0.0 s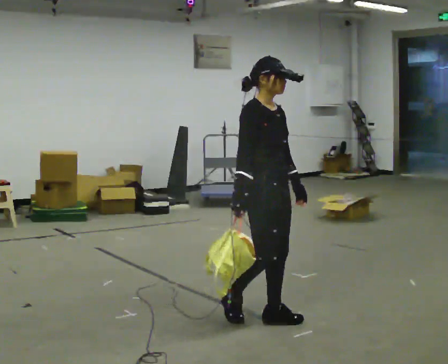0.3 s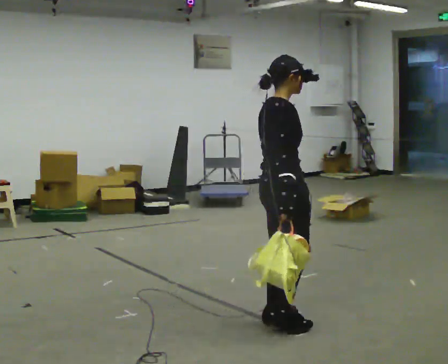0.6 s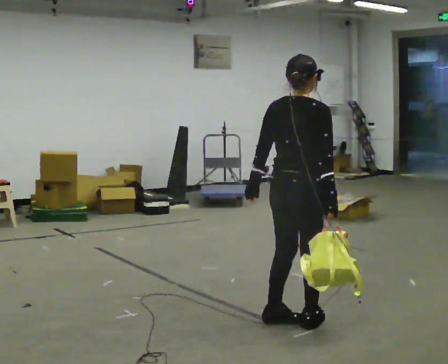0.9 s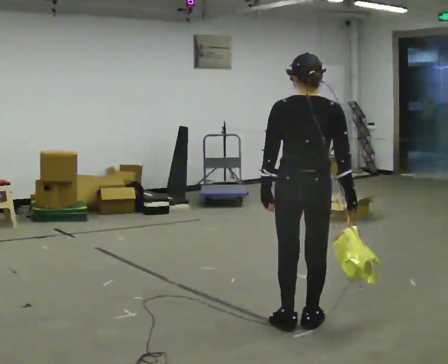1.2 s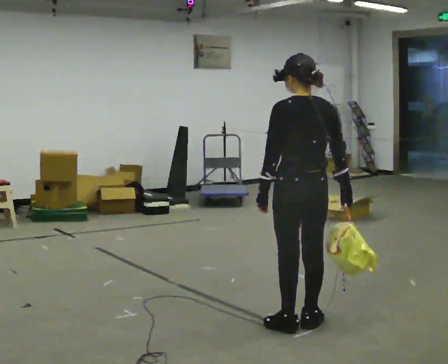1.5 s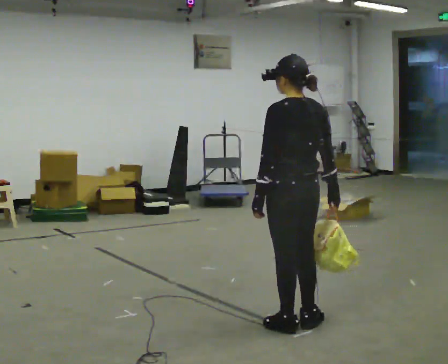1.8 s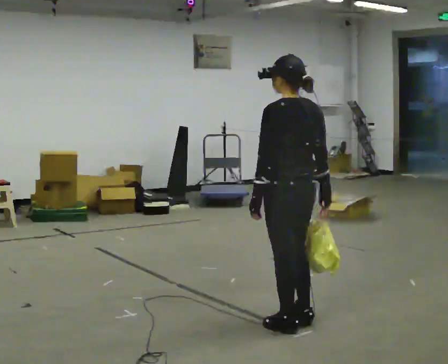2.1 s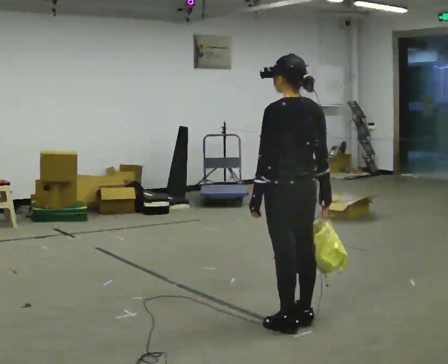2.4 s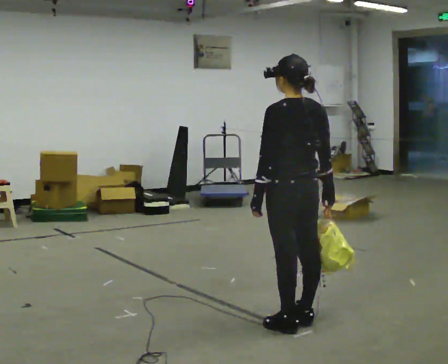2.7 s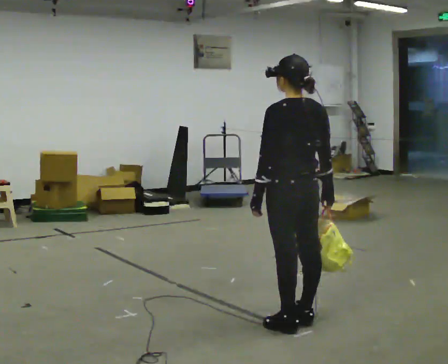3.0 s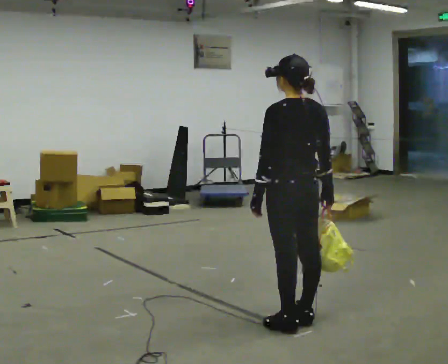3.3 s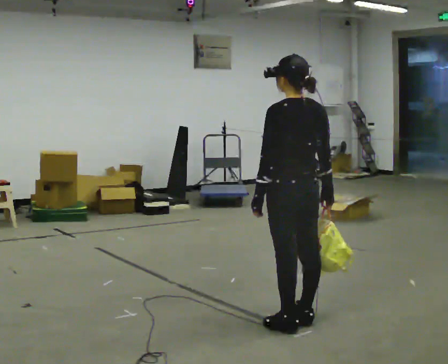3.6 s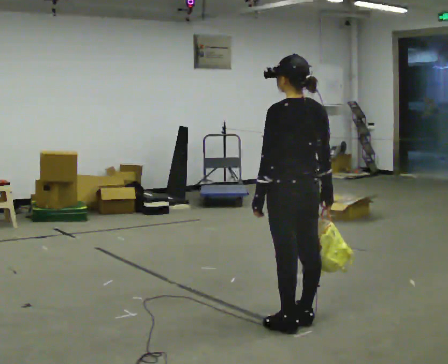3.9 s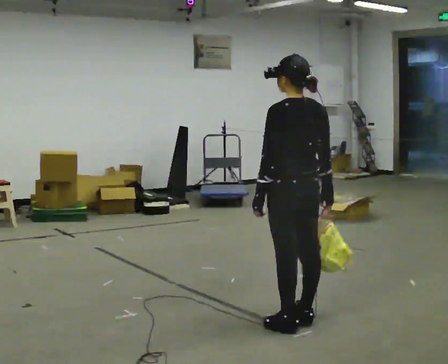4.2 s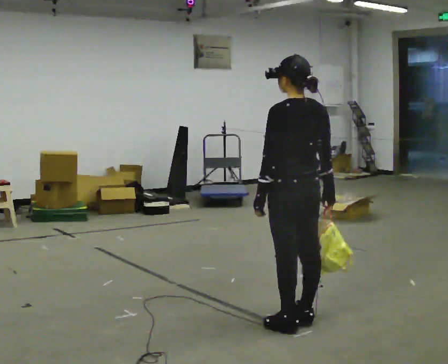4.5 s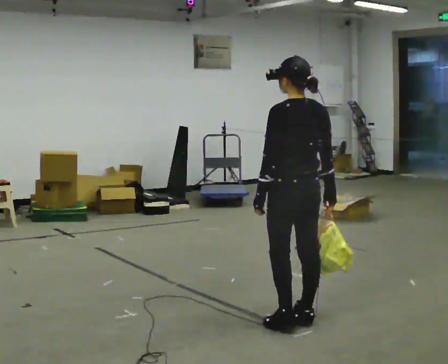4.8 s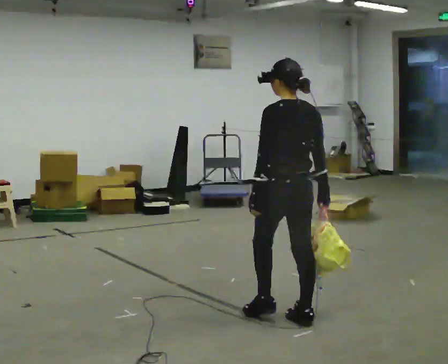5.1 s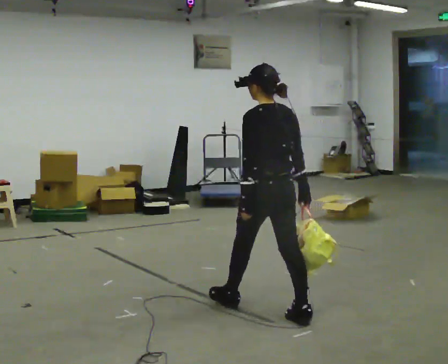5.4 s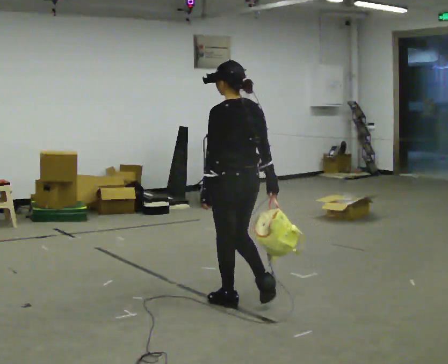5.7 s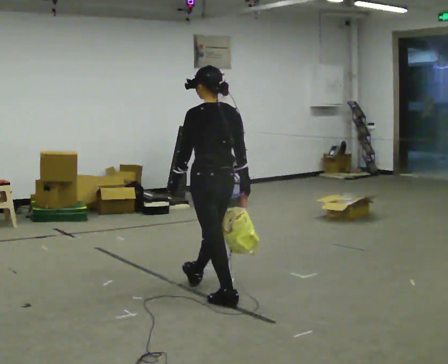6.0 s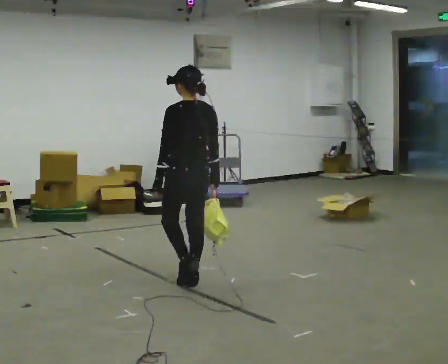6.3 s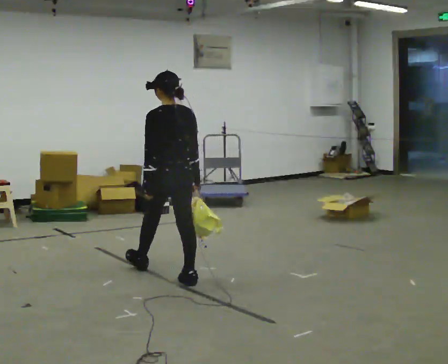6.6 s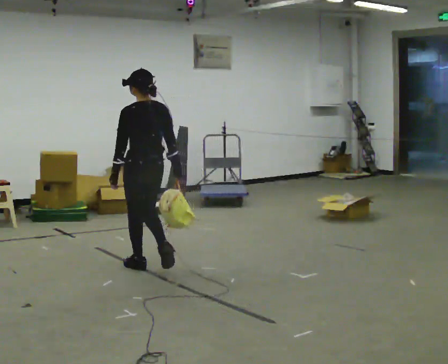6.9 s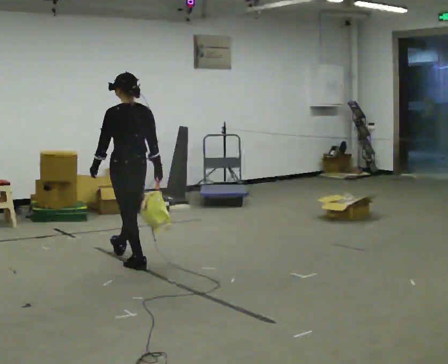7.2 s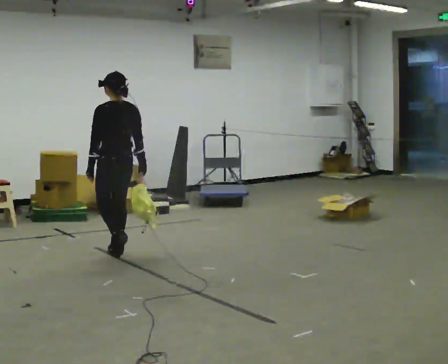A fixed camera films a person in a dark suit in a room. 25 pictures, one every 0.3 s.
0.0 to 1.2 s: The person turns about 135 degrees to their left, counterclockwise seen from above, so the part of the body nearest the lens slides to the right. In the picture they go to the right, about 0.25 m in 2 steps.
1.2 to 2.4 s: The person moves a little, or ends about where they began.
2.4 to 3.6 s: The person keeps their place and pose.
3.6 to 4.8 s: The person moves a little, or ends about where they began.
4.8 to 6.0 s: In the picture they go to the left and away from the camera, about 1 m in 2 steps, which for them is forward.
6.0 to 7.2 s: In the picture they go to the left and away from the camera, about 1 m in 2 steps, which for them is forward.
The film runs forward here.
